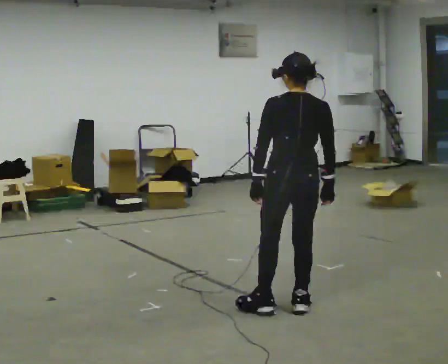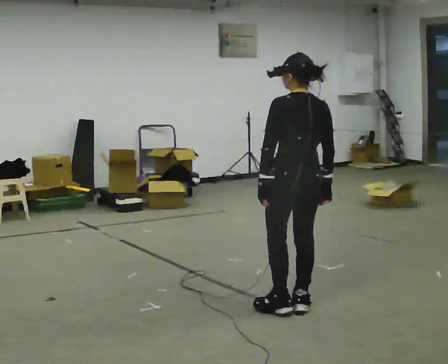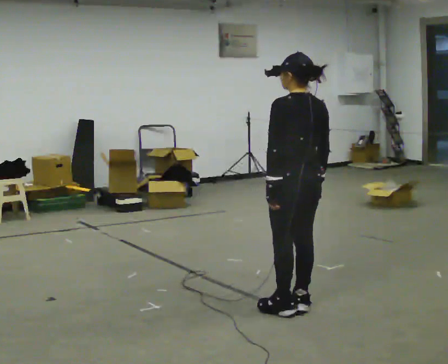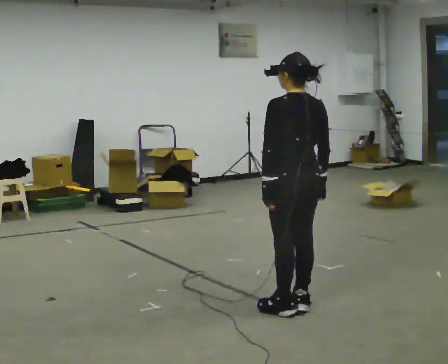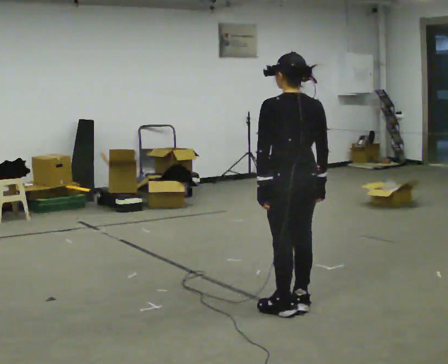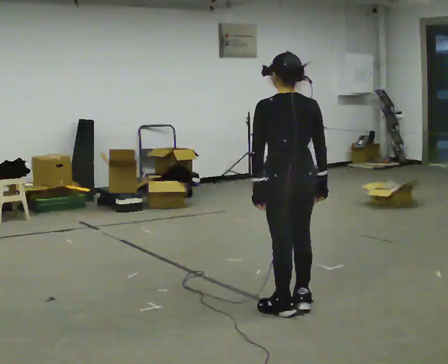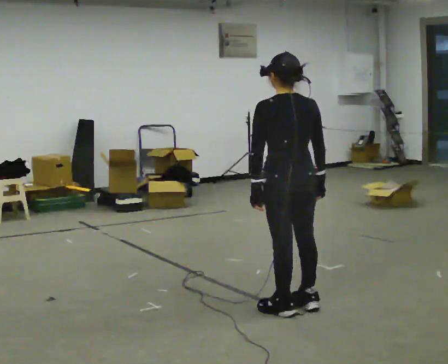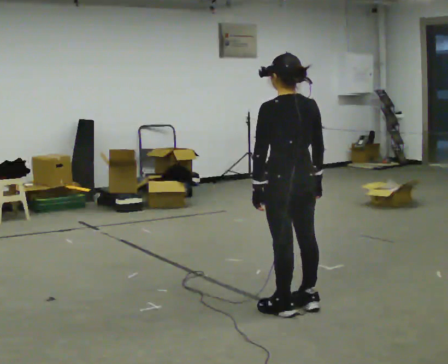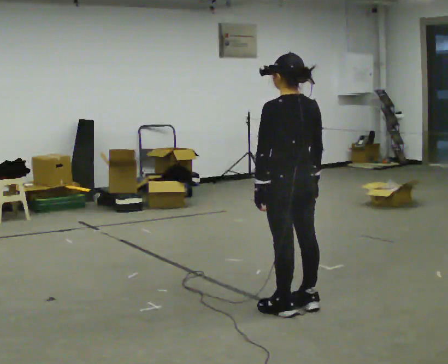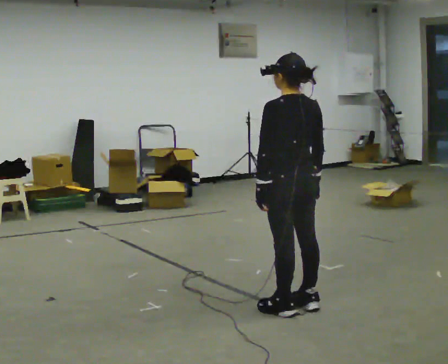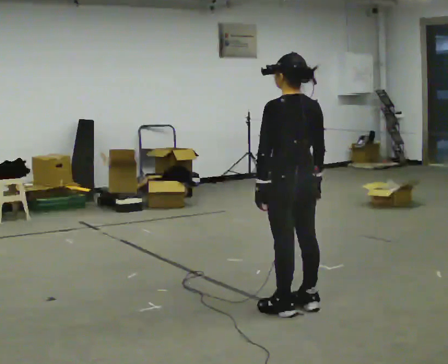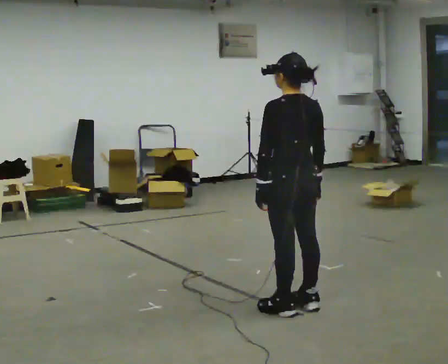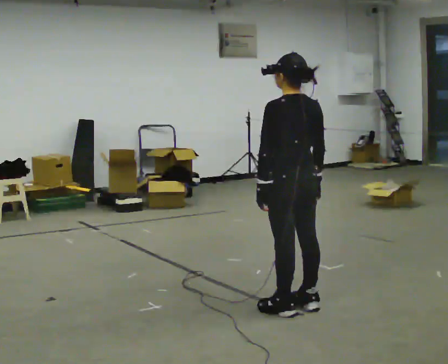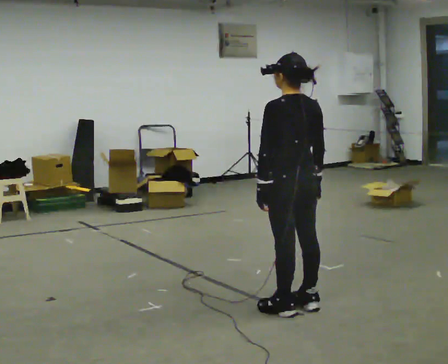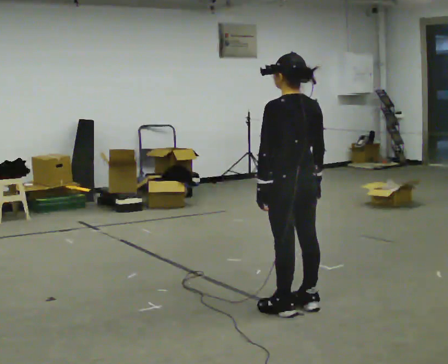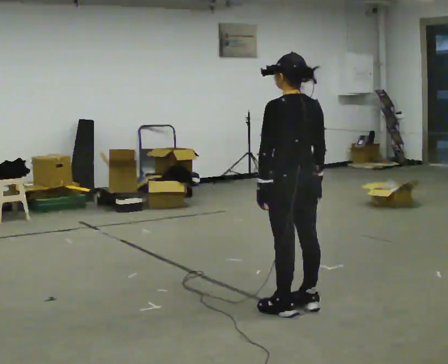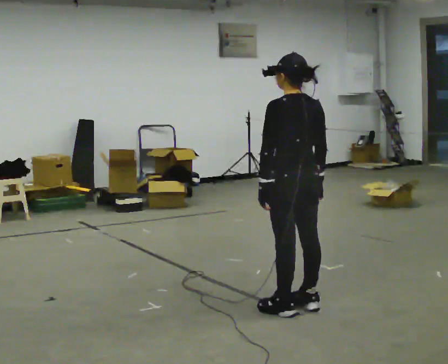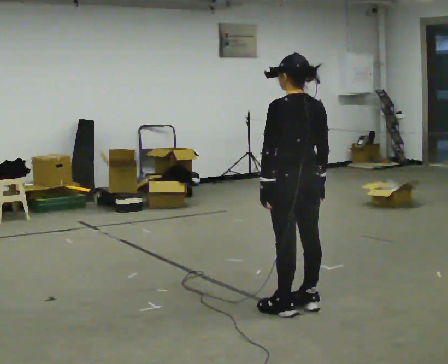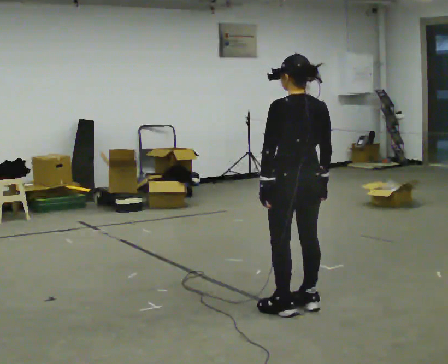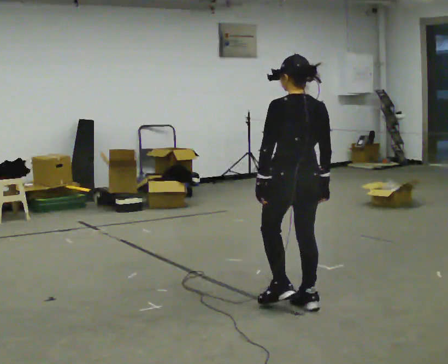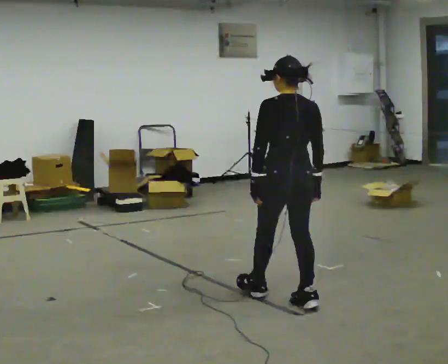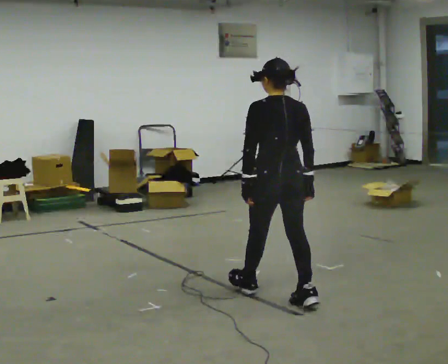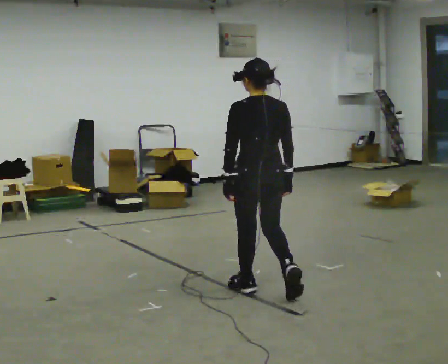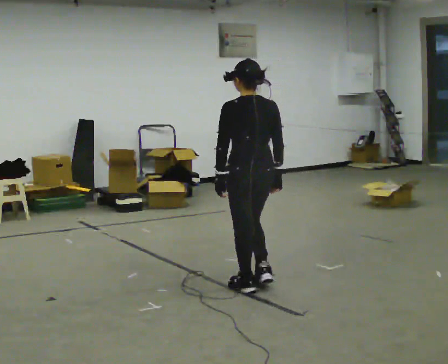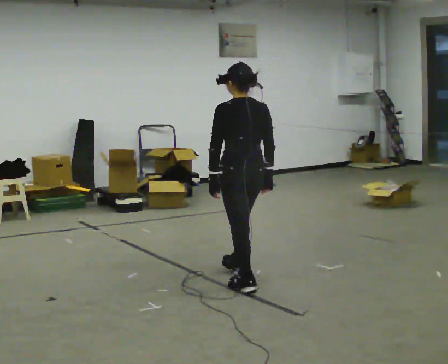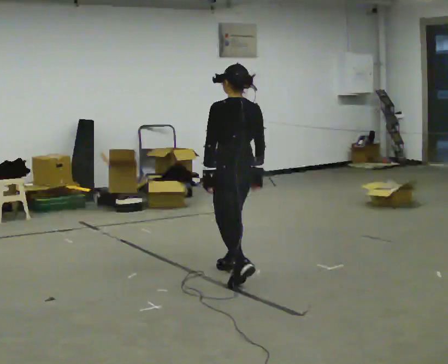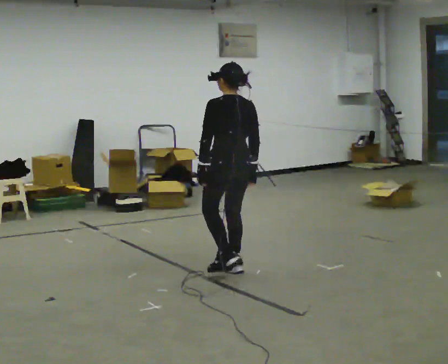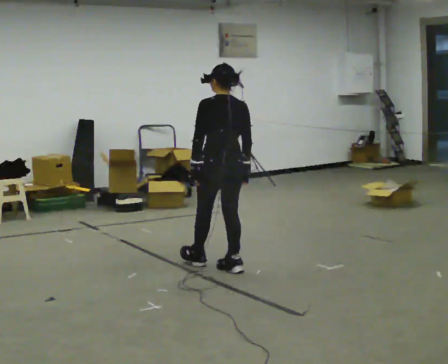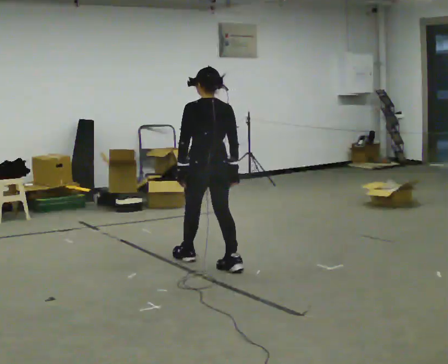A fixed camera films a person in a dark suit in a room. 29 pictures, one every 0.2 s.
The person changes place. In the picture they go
away from the camera.
0.0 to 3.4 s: The person moves a little, or ends about where they began.
3.4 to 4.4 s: In the picture they go away from the camera and to the left, about 0.5 m in 1 step, which for them is forward.
4.4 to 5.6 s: In the picture they go away from the camera and to the left, about 1 m in 2 steps, which for them is forward.
The film runs forward here.
